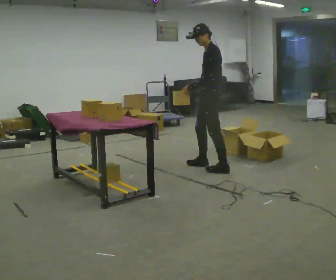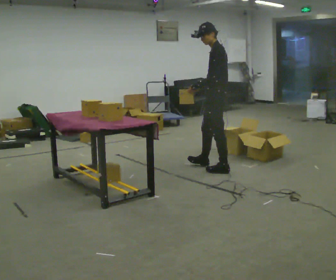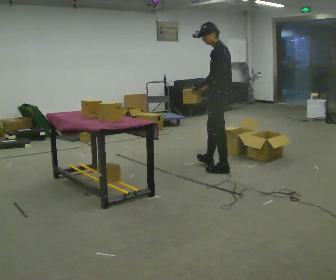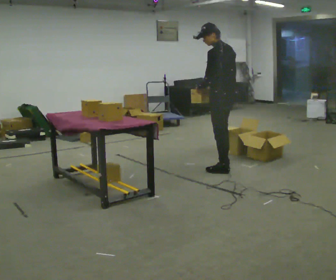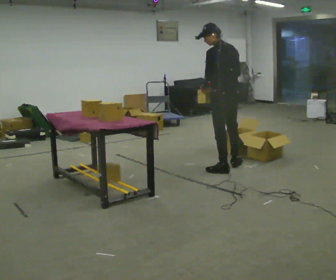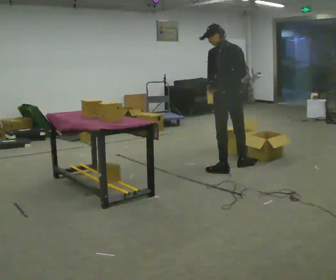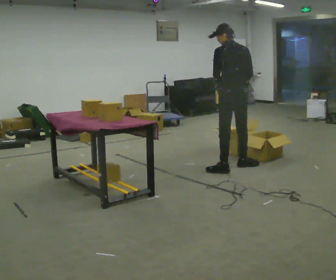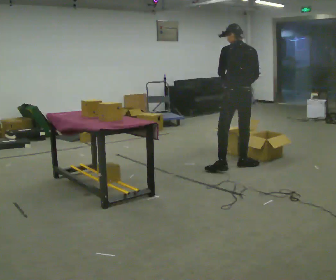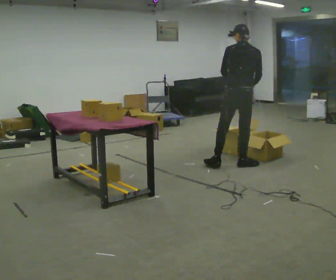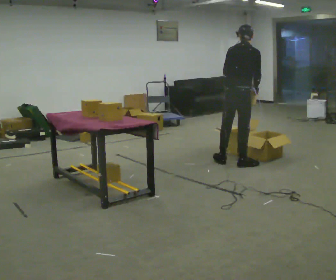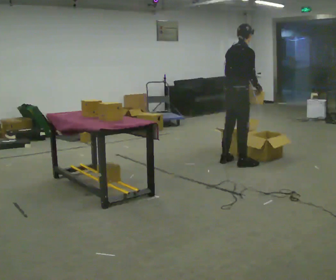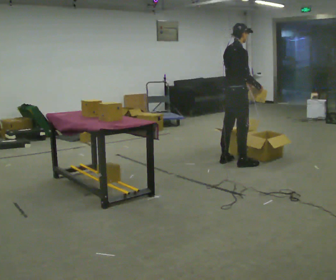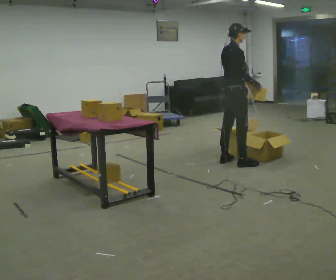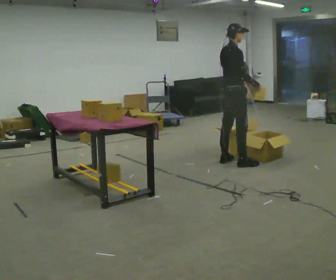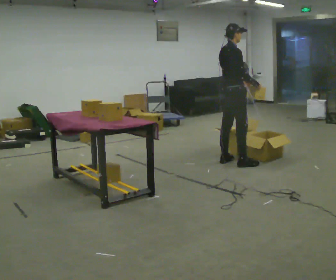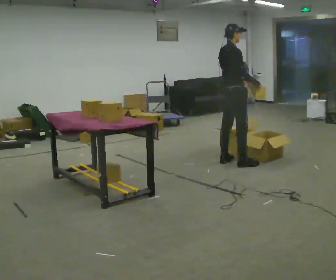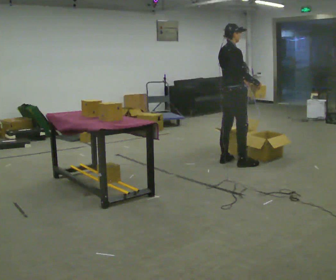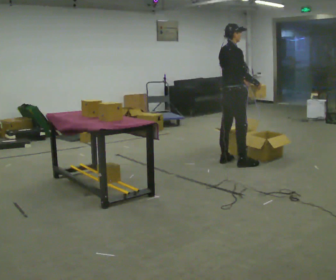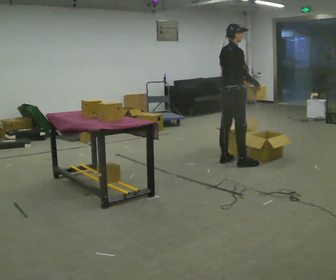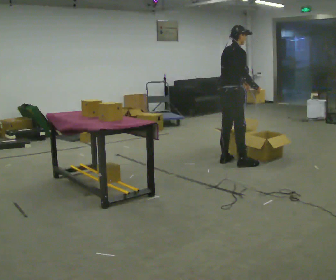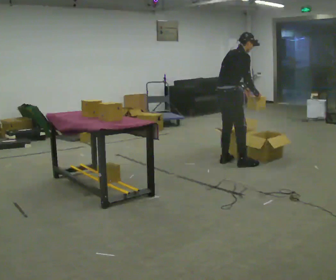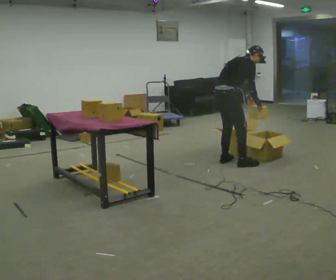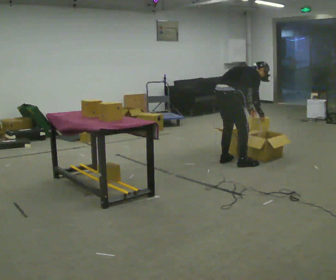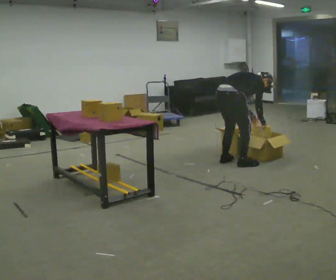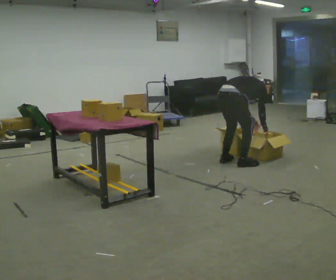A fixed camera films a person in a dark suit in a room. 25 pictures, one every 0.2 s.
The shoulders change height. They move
downward.
The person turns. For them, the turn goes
to their right.
0.0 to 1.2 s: Seen from above the body turns clockwise, about 75 degrees: to their right, with its near side sliding to the left. In the picture they go to the right, about 0.25 m in 1 step. In the picture their right hand goes to the right.
1.2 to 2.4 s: The part of the body nearest the lens slides to the left as the person turns to their right by about 75 degrees. In the picture they go away from the camera, about 0.25 m in 1 step.
2.4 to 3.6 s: The person moves a little, or ends about where they began.
3.6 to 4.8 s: In the picture they go toward the camera, about 0.25 m, which for them is to their right. The shoulders move downward. In the picture the upper body tilts clockwise, shoulders to the right, as they bend forward. In the picture their left hand goes downward.
The film runs backward here.
